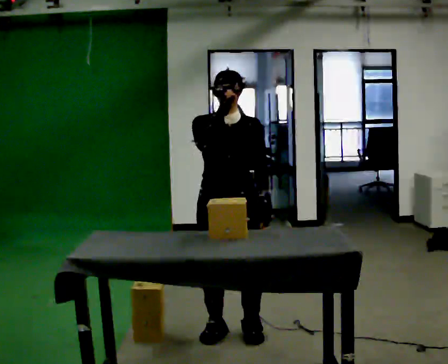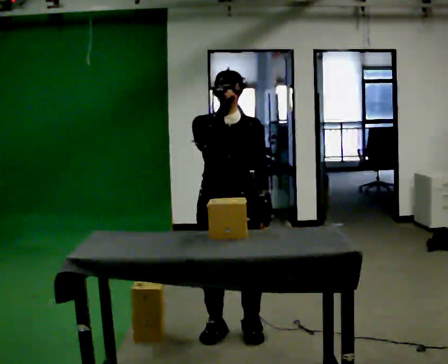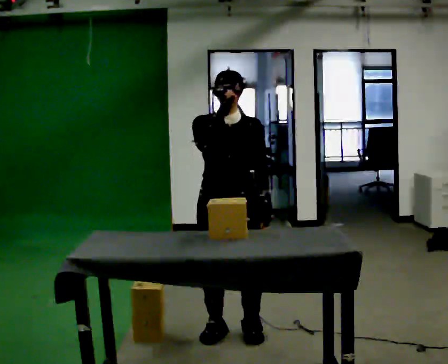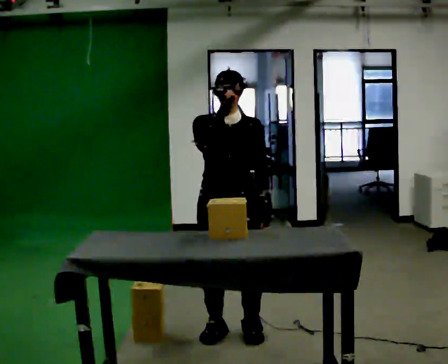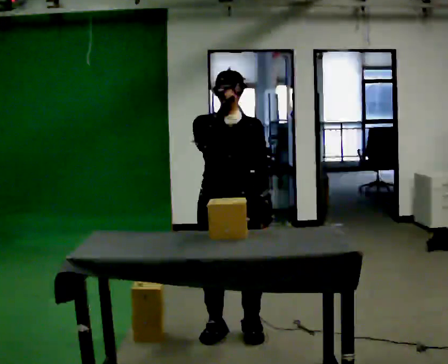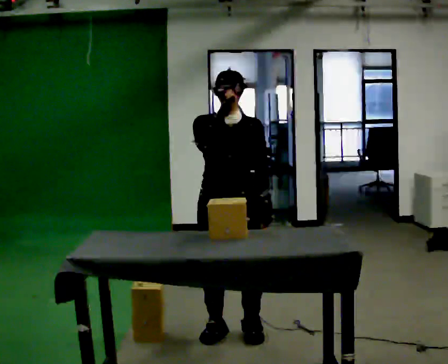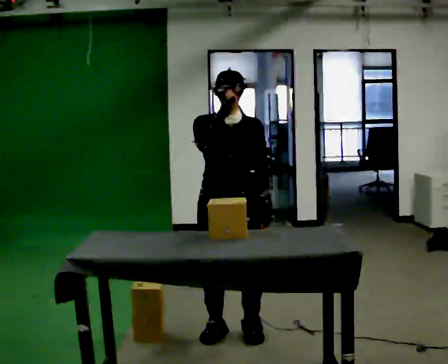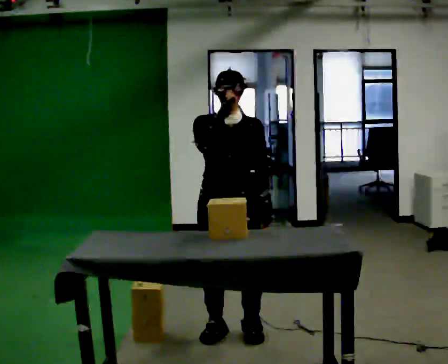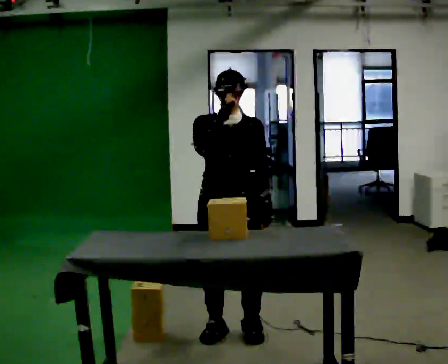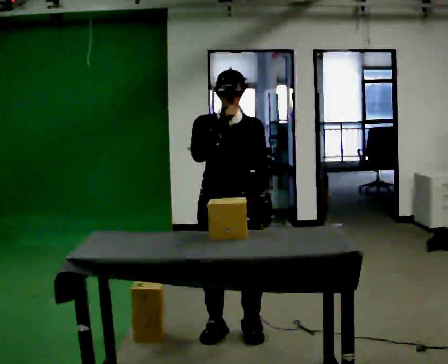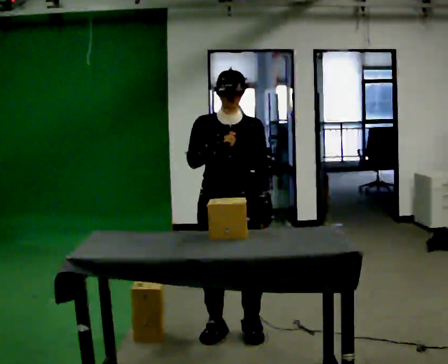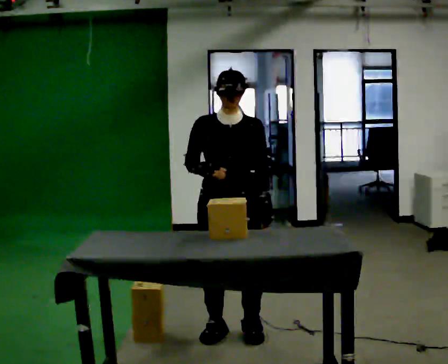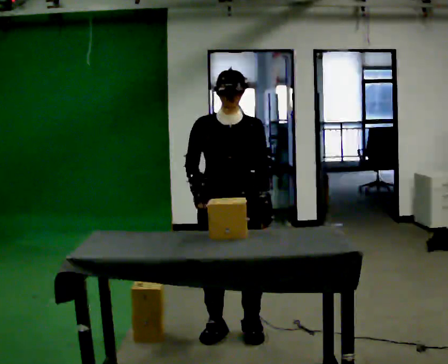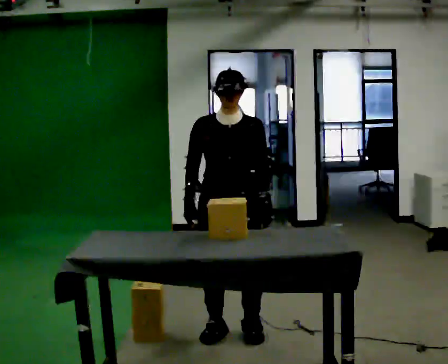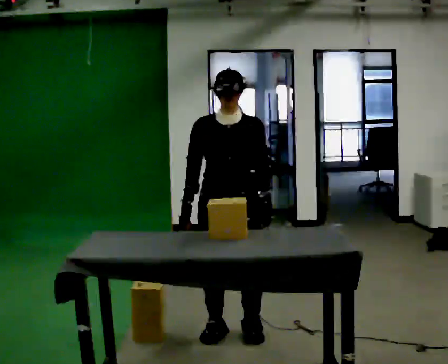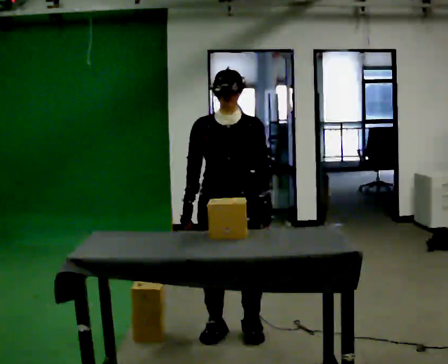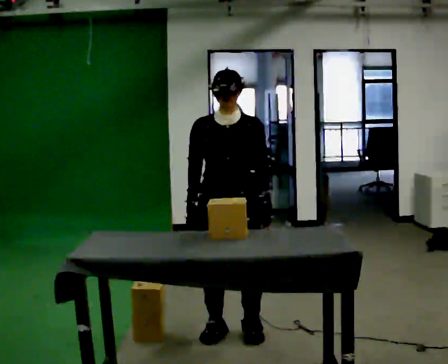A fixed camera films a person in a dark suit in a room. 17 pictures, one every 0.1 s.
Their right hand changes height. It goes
downward.
0.0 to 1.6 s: In the picture their right hand goes downward.
The film runs forward here.
